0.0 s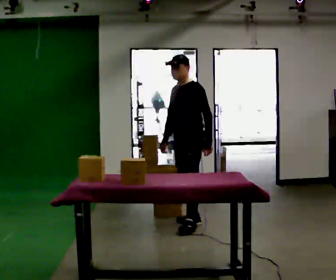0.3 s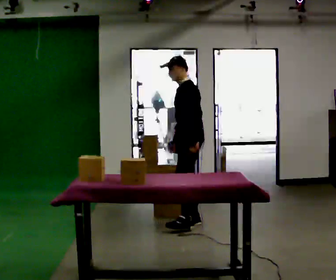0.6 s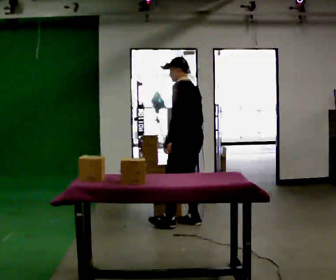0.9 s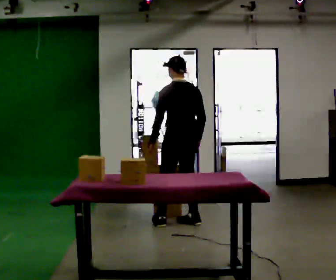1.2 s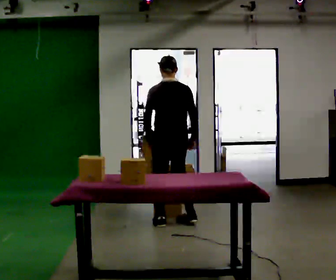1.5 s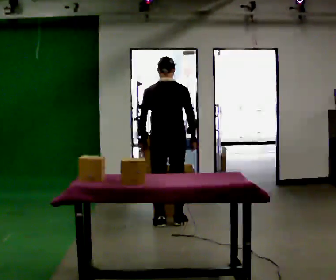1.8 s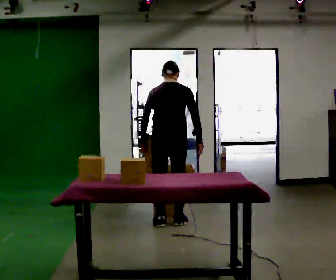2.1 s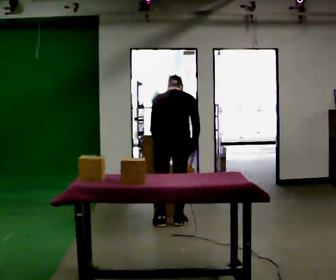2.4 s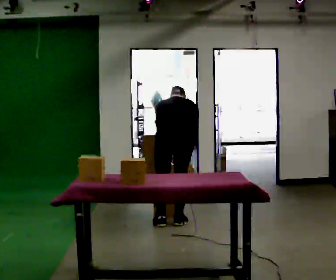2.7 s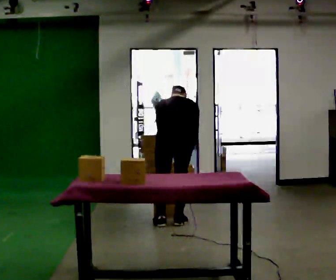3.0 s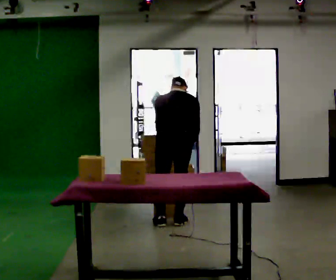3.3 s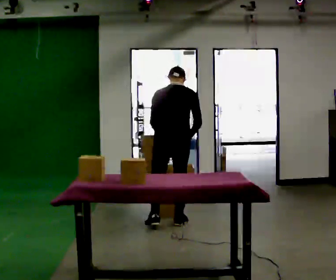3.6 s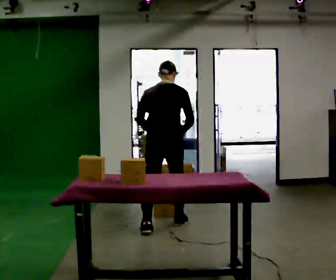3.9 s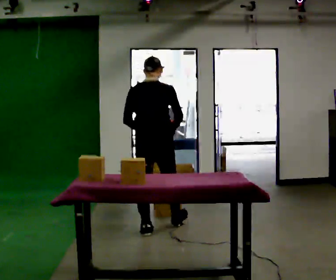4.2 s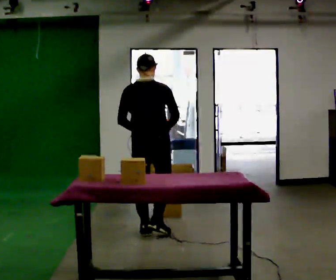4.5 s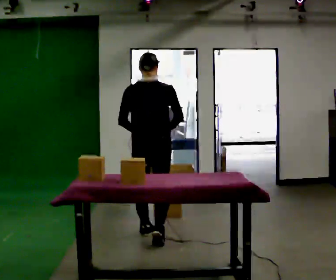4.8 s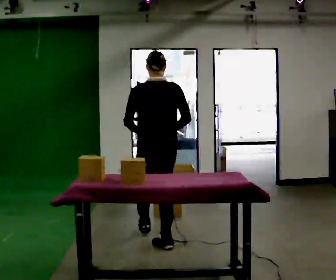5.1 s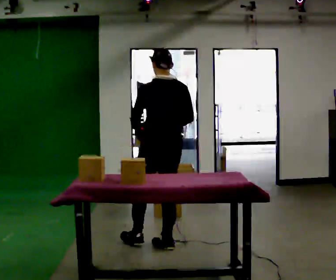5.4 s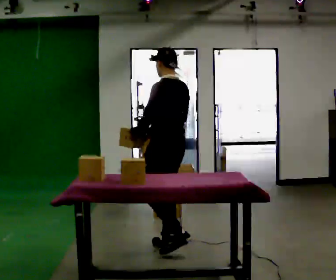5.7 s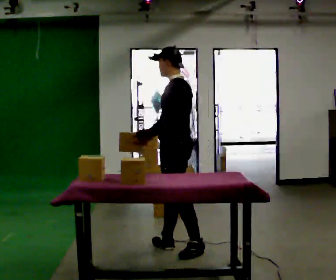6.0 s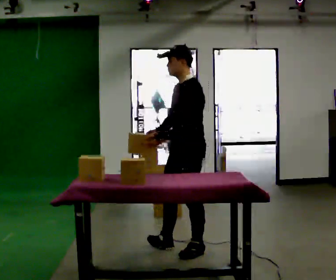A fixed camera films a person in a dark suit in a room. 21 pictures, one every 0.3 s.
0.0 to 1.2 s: The person turns about 105 degrees to their right, clockwise seen from above, so the part of the body nearest the lens slides to the left. In the picture they go to the left, about 0.25 m in 2 steps. In the picture their left hand goes to the left, the arm swinging clockwise.
1.2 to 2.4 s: The shoulders move downward. The upper body tips away from the camera, its near side rolling upward, as they bend forward.
2.4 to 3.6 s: The upper body goes upward. The upper body tips toward the camera, its near side rolling downward, as they lean back or straighten.
3.6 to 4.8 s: In the picture they go toward the camera, about 0.5 m in 1 step, which for them is backward.
4.8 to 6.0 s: The person turns about 105 degrees to their left, counterclockwise seen from above, so the part of the body nearest the lens slides to the right. In the picture they go to the right and toward the camera, about 0.5 m in 1 step.
The film runs backward here.
